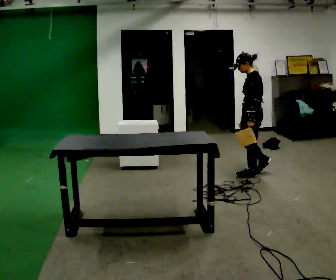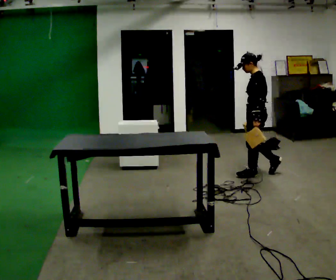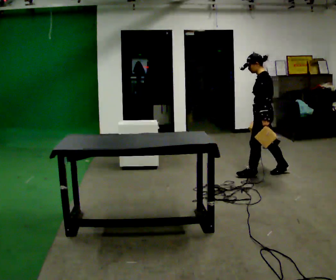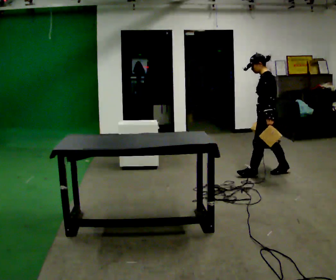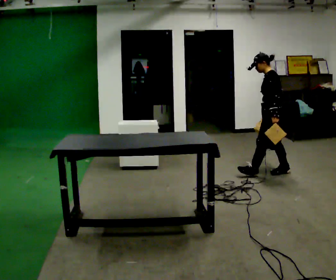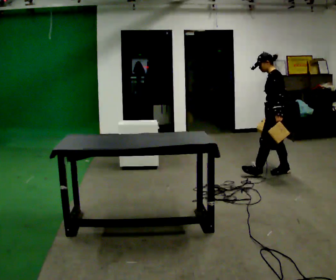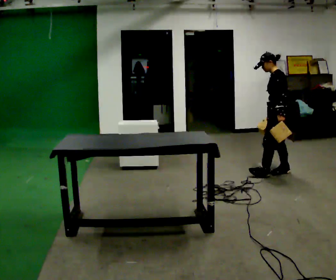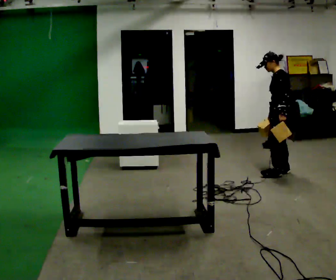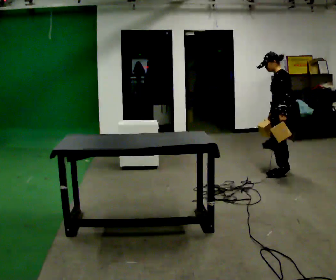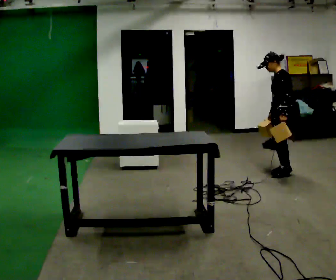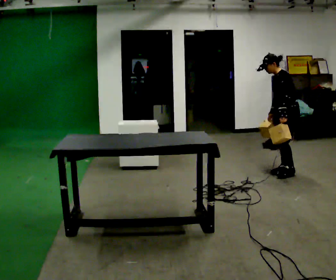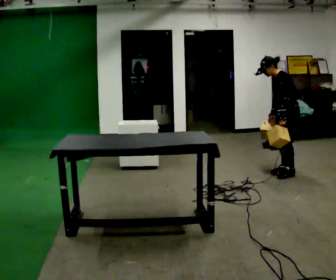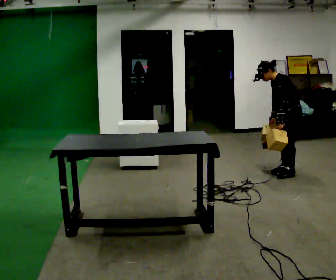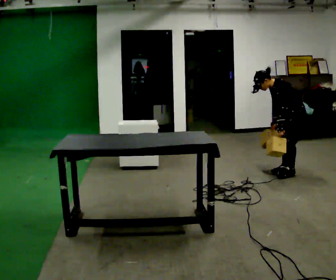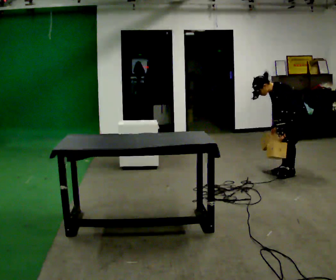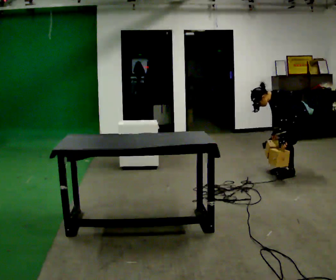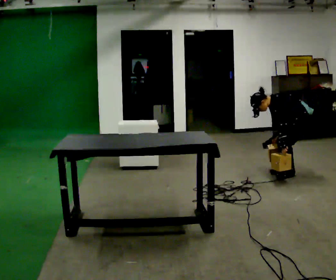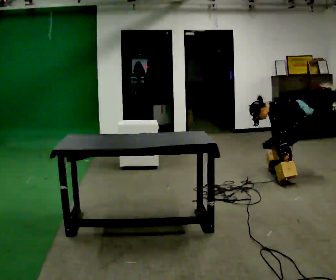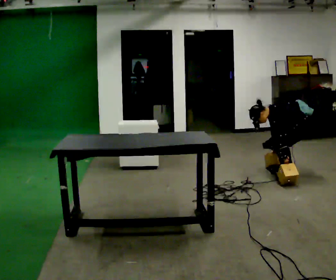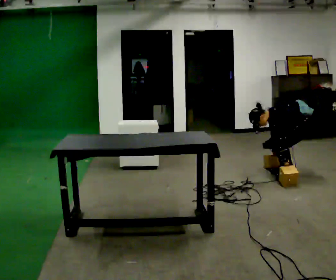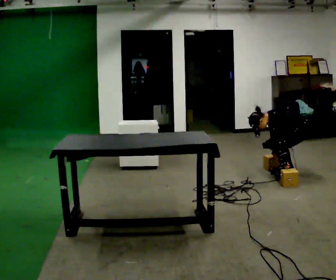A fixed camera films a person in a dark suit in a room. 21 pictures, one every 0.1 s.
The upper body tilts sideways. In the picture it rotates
counterclockwise.
The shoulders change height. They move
downward.
0.0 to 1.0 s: In the picture they go to the right and away from the camera, about 0.5 m in 1 step, which for them is backward.
1.0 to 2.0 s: In the picture they go to the right, about 0.25 m, which for them is backward. The shoulders move downward. In the picture the upper body tilts counterclockwise, shoulders to the left, as they bend forward. In the picture their left hand goes downward.
The film runs backward here.
